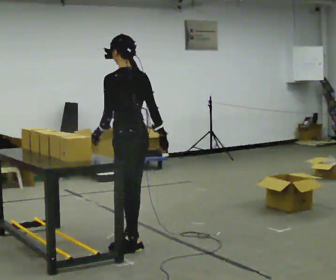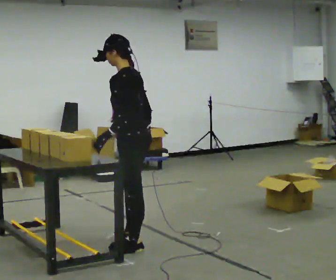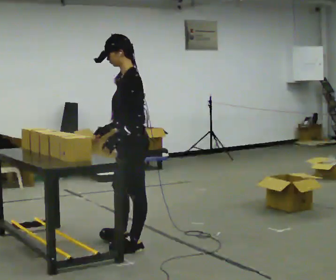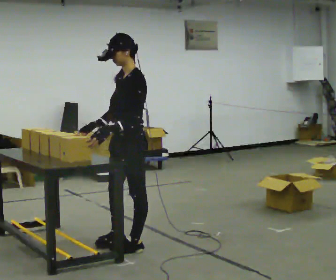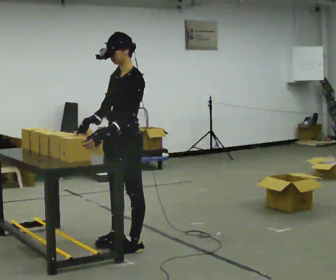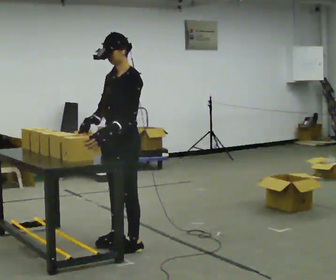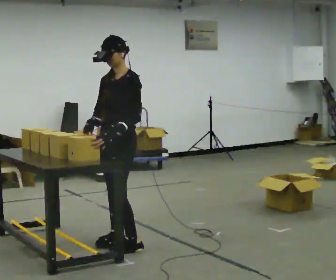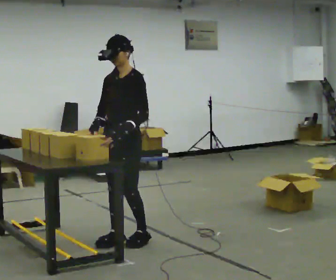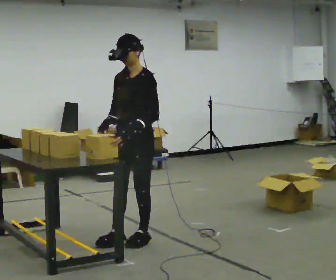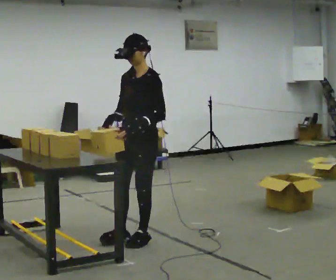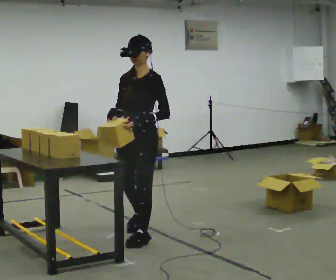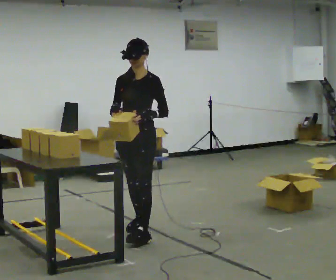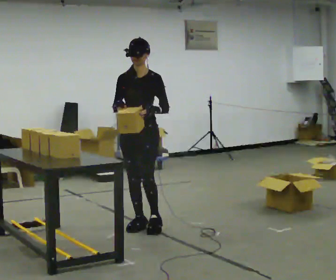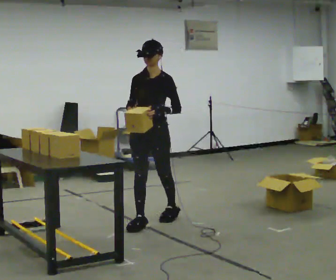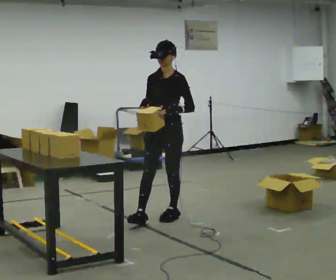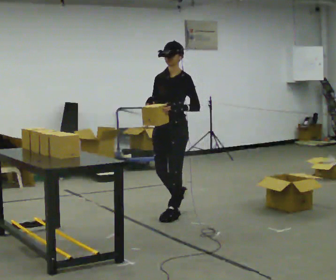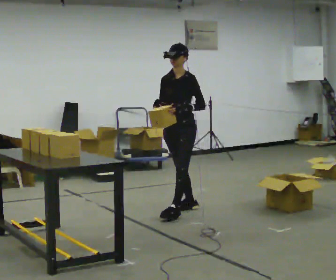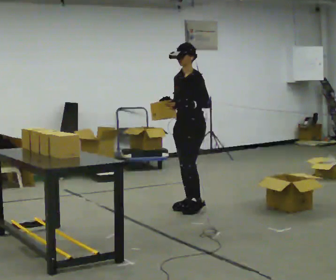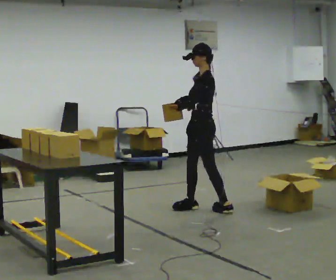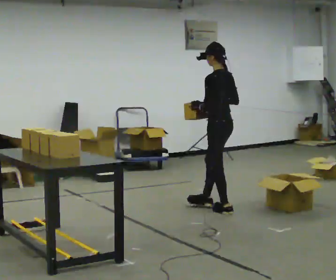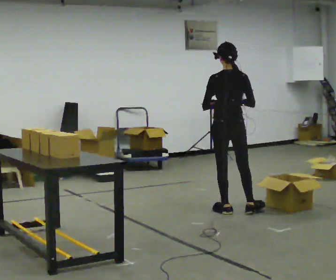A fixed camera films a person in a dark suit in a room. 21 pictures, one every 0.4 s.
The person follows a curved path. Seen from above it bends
clockwise.
0.0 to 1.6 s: Seen from above the body turns counterclockwise, about 75 degrees: to their left, with its near side sliding to the right. In the picture their right hand goes to the left, the arm swinging clockwise.
1.6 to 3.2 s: The person turns about 30 degrees to their left, counterclockwise seen from above, so the part of the body nearest the lens slides to the right. In the picture they go away from the camera, about 0.25 m in 1 step, which for them is backward.
3.2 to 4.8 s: In the picture they go away from the camera, about 0.5 m in 2 steps, which for them is backward and to their right.
4.8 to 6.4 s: Seen from above the body turns clockwise, about 30 degrees: to their right, with its near side sliding to the left. In the picture they go away from the camera and to the right, about 0.75 m in 1 step, which for them is backward.
6.4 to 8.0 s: Seen from above the body turns clockwise, about 120 degrees: to their right, with its near side sliding to the left. In the picture they go to the right, about 0.5 m in 2 steps.
The film runs backward here.
